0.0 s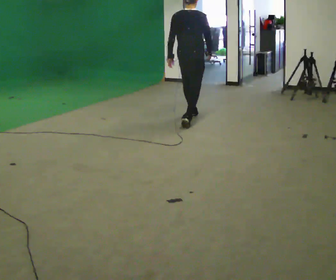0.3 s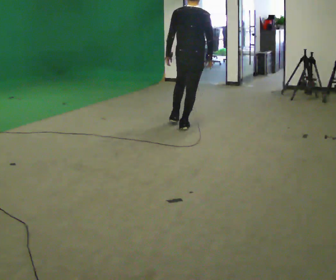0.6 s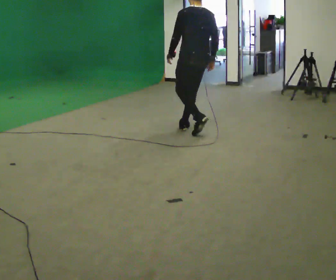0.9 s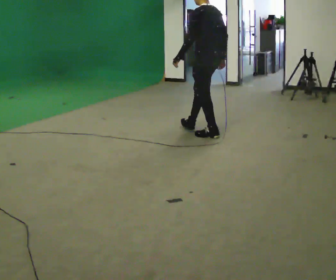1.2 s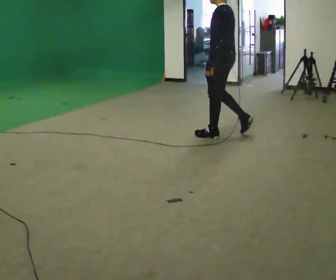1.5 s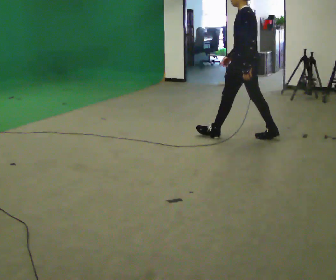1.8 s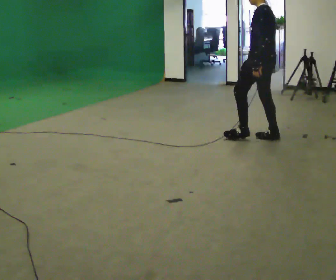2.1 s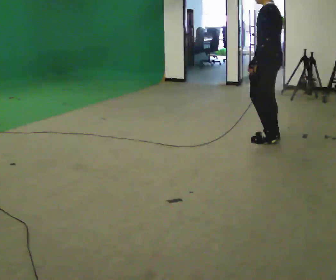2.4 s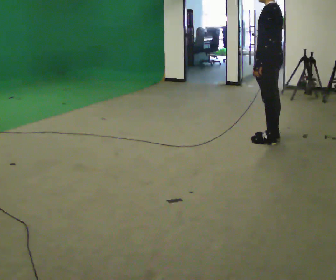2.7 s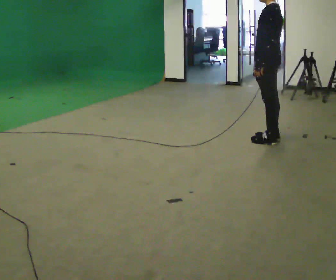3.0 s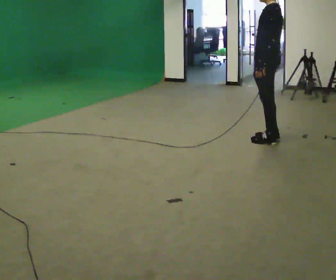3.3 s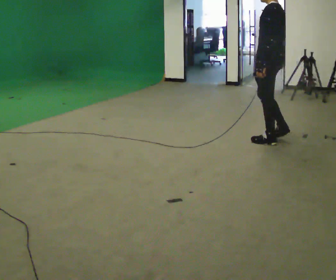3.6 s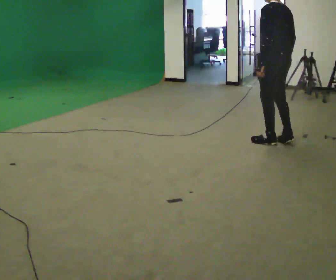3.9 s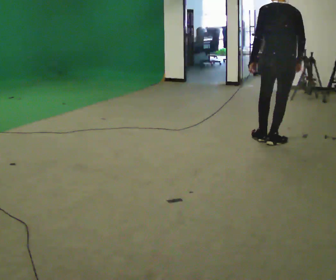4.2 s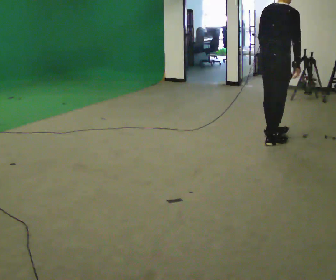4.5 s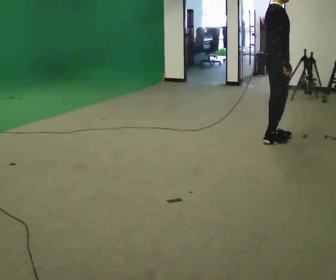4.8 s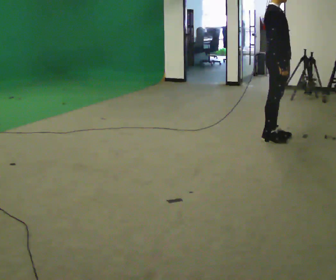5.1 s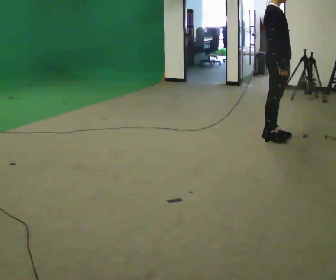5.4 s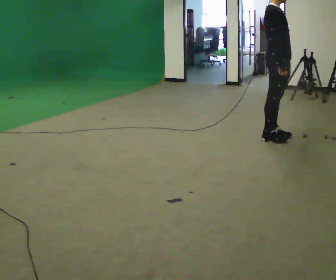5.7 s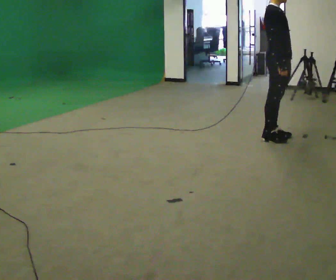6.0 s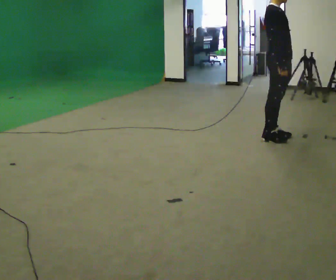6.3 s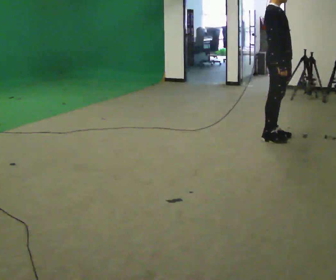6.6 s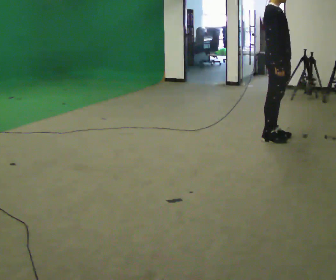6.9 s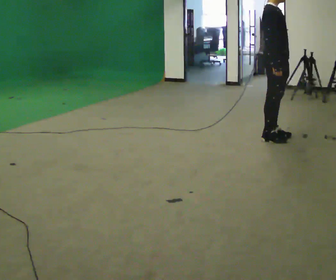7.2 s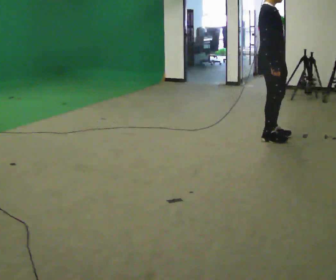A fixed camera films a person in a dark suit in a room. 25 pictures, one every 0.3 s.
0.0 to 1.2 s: Seen from above the body turns counterclockwise, about 90 degrees: to their left, with its near side sliding to the right. In the picture they go toward the camera and to the right, about 1 m in 2 steps.
1.2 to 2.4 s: In the picture they go to the right, about 0.5 m in 1 step, which for them is backward.
2.4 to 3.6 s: The person moves a little, or ends about where they began.
3.6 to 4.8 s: The person turns about 150 degrees to their right, clockwise seen from above, so the part of the body nearest the lens slides to the left.
4.8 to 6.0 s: The person keeps their place and pose.
6.0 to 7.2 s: The person moves a little, or ends about where they began.
The film runs backward here.
